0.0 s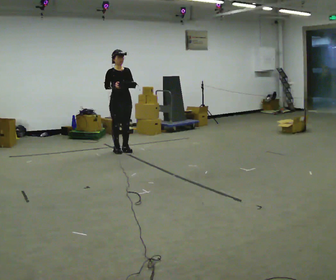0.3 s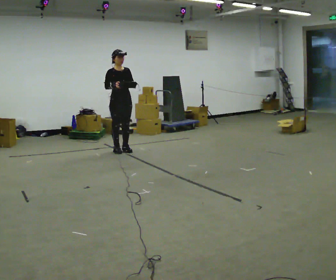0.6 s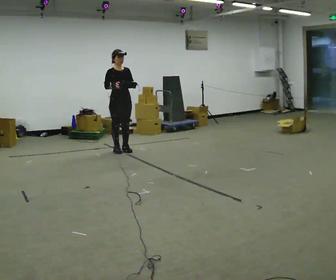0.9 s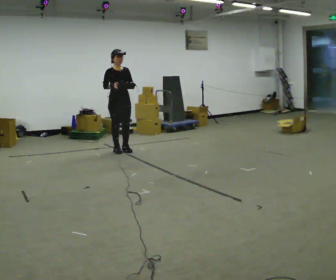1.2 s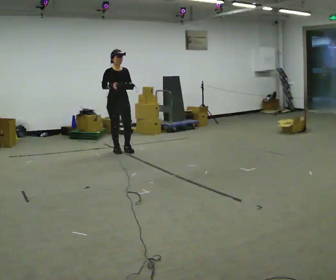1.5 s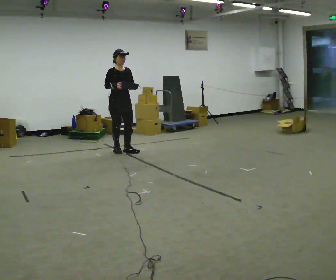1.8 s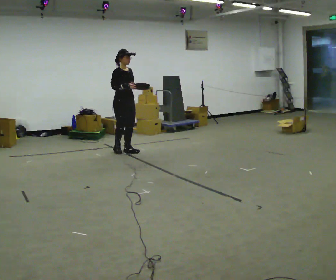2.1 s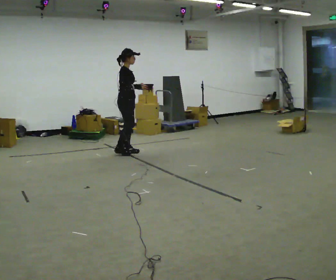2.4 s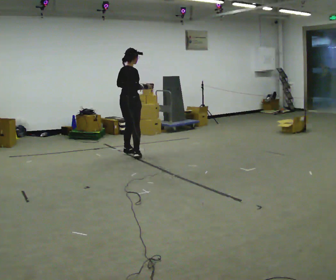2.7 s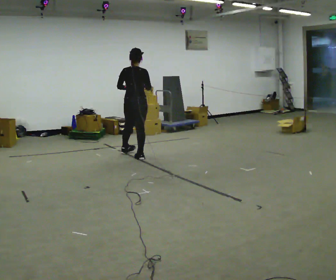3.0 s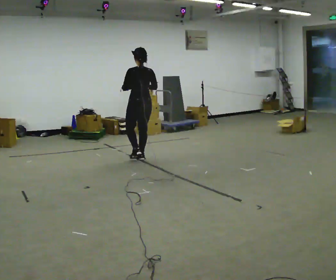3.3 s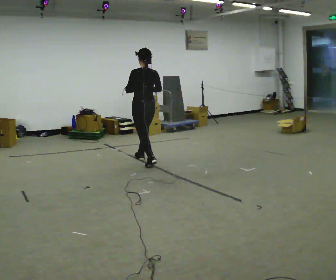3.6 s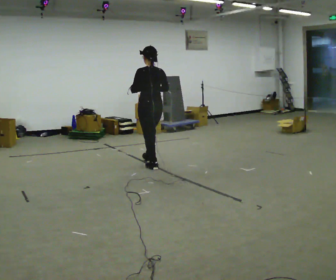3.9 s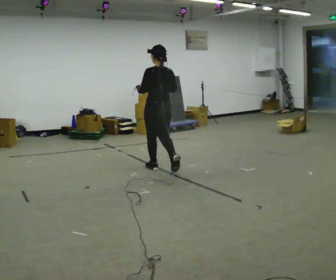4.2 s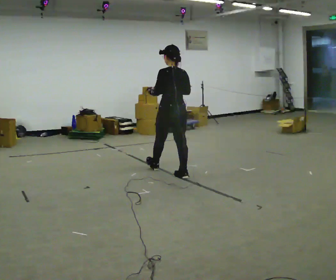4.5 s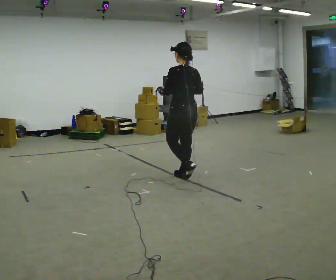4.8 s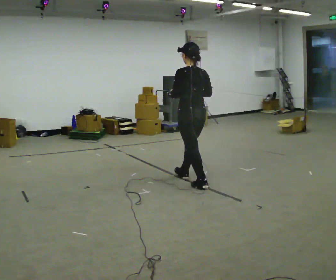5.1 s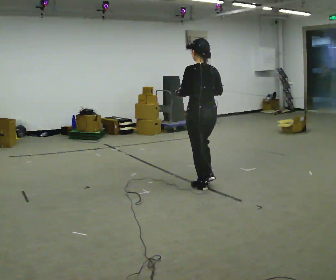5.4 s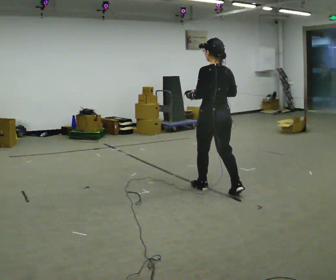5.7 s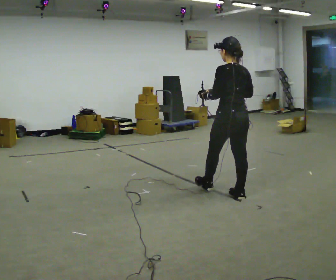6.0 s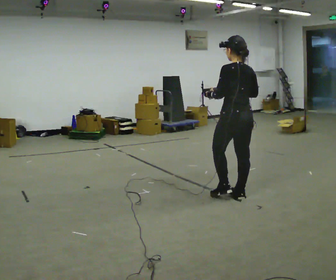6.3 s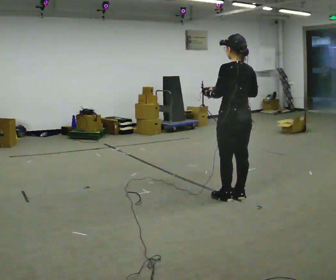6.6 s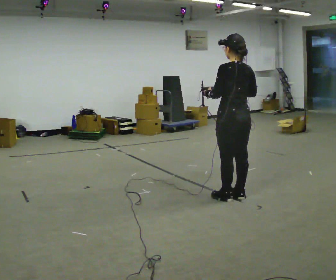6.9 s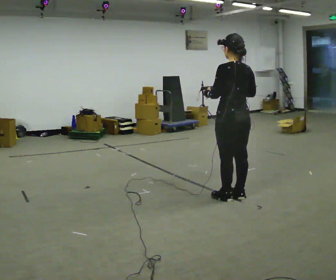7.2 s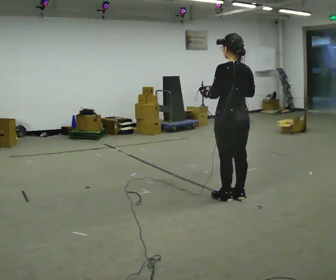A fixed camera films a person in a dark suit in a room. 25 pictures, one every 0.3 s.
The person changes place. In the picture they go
toward the camera.
0.0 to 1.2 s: The person moves a little, or ends about where they began.
1.2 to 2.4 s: The part of the body nearest the lens slides to the right as the person turns to their left by about 105 degrees. In the picture they go toward the camera and to the right, about 0.25 m in 1 step.
2.4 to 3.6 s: The person turns about 90 degrees to their left, counterclockwise seen from above, so the part of the body nearest the lens slides to the right. In the picture they go toward the camera and to the right, about 1 m in 2 steps.
3.6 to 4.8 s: In the picture they go toward the camera and to the right, about 1 m in 1 step, which for them is backward.
4.8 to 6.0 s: In the picture they go toward the camera and to the right, about 0.5 m in 2 steps, which for them is backward.
6.0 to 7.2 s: The person moves a little, or ends about where they began.
The film runs backward here.
